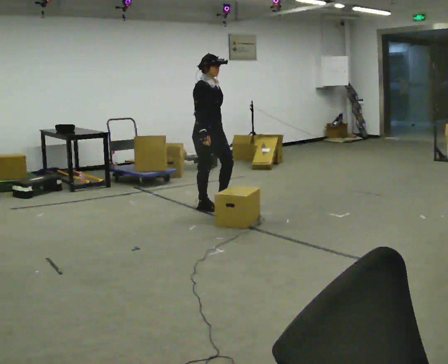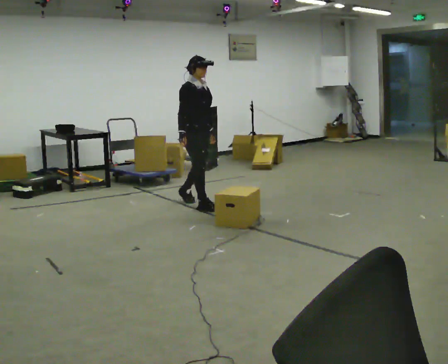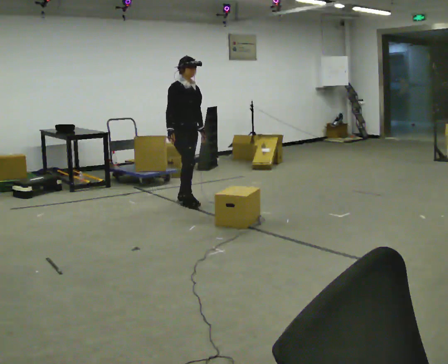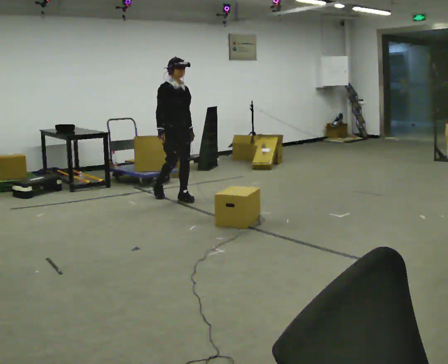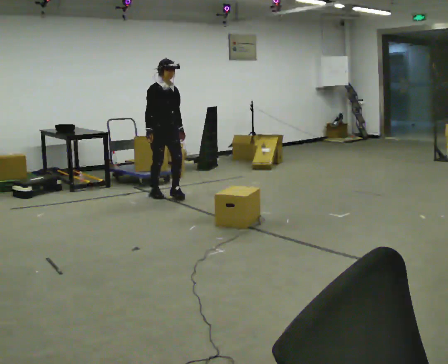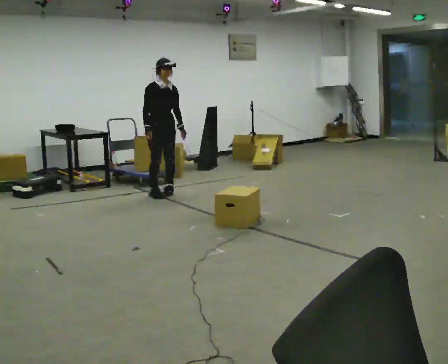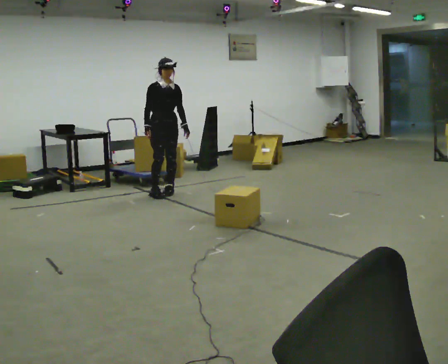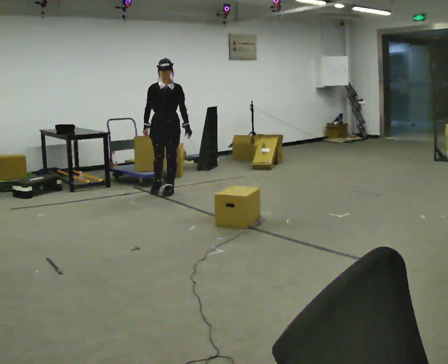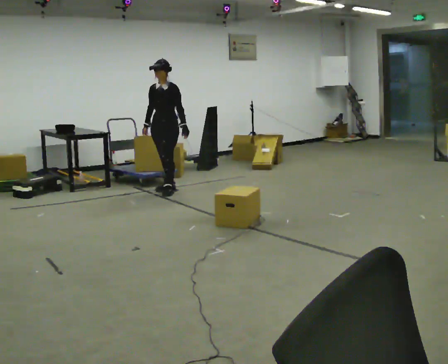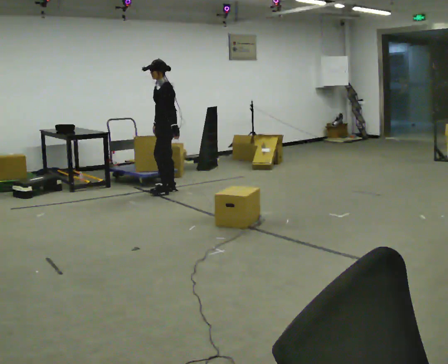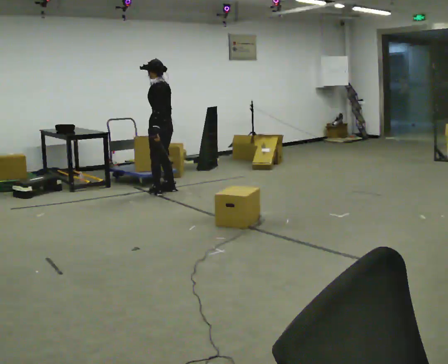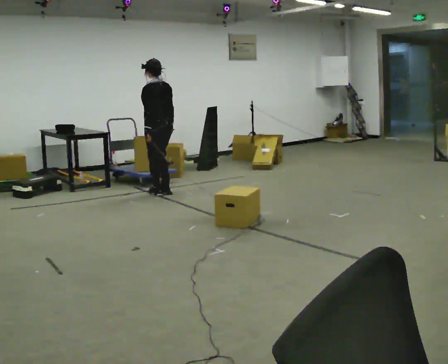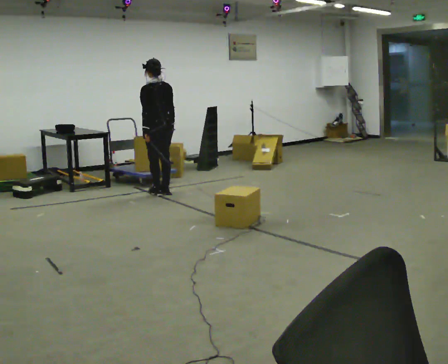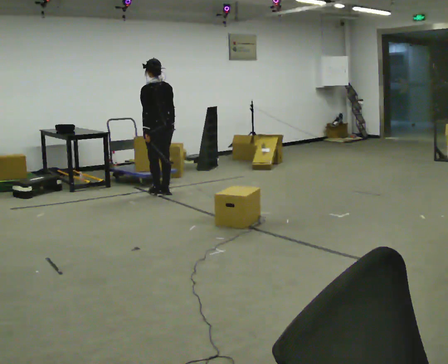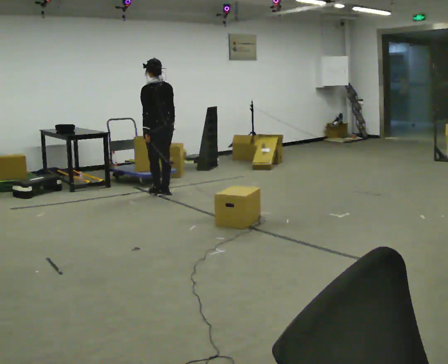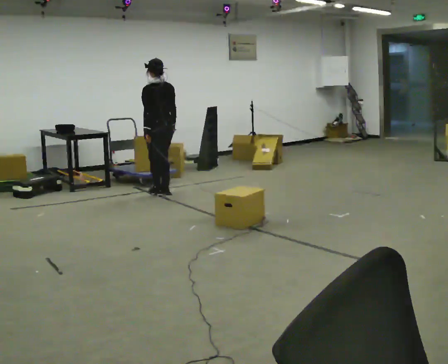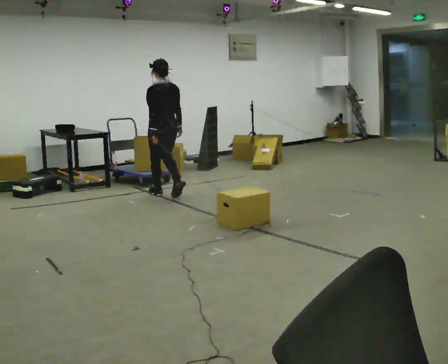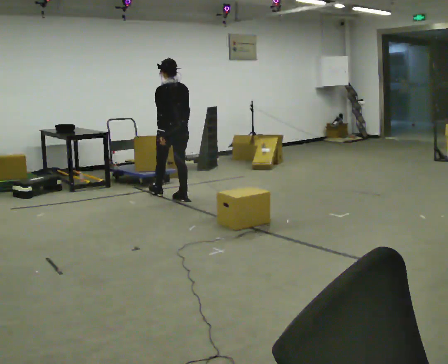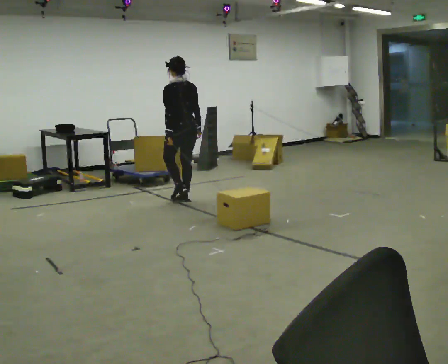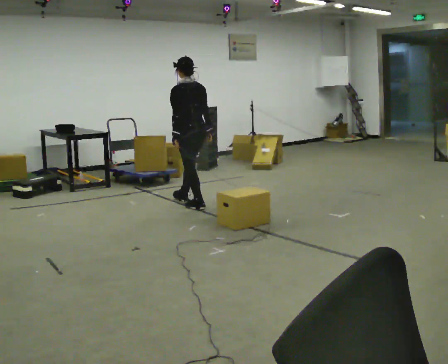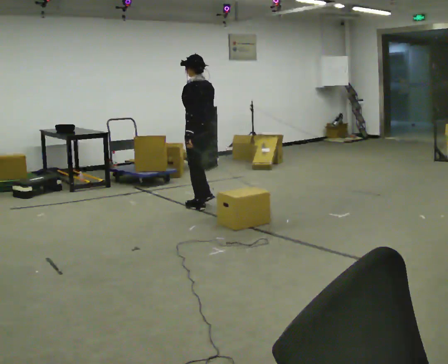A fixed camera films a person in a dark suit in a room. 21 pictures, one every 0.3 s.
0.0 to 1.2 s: In the picture they go away from the camera and to the left, about 1 m in 2 steps, which for them is backward.
1.2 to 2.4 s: Seen from above the body turns clockwise, about 75 degrees: to their right, with its near side sliding to the left. In the picture they go away from the camera, about 0.25 m in 1 step.
2.4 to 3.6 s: The person turns about 120 degrees to their right, clockwise seen from above, so the part of the body nearest the lens slides to the left. In the picture their right hand goes to the right, the arm swinging counterclockwise.
3.6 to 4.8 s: The person moves a little, or ends about where they began.
4.8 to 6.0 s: In the picture they go toward the camera and to the right, about 0.75 m in 2 steps, which for them is backward.
The film runs backward here.
